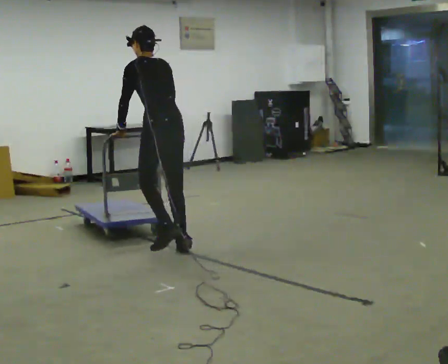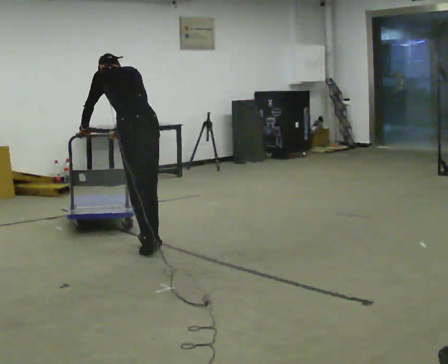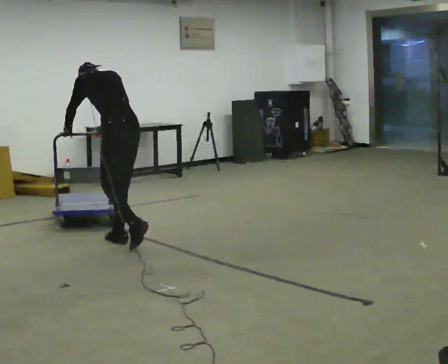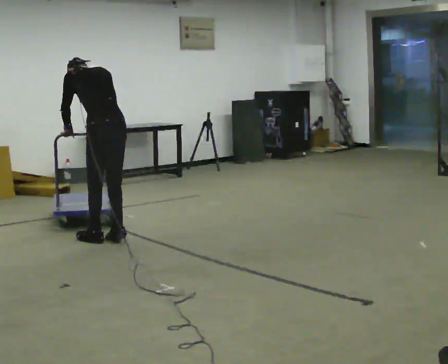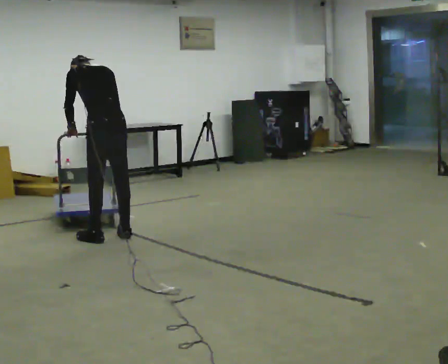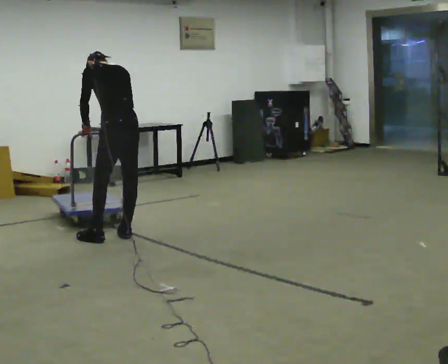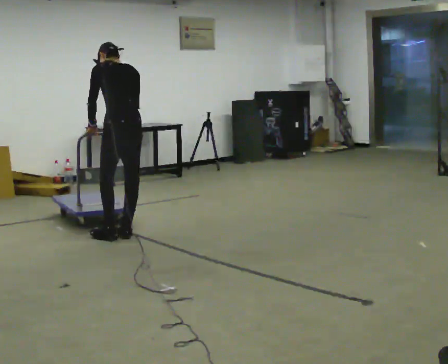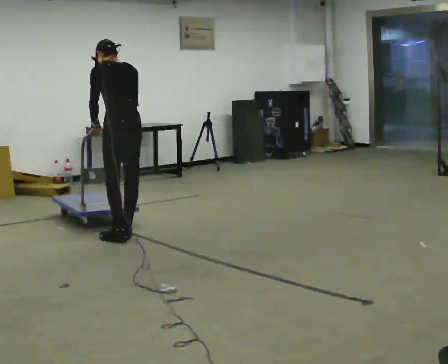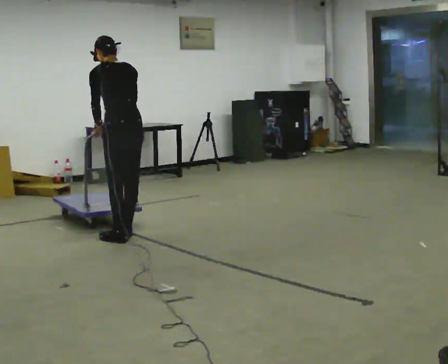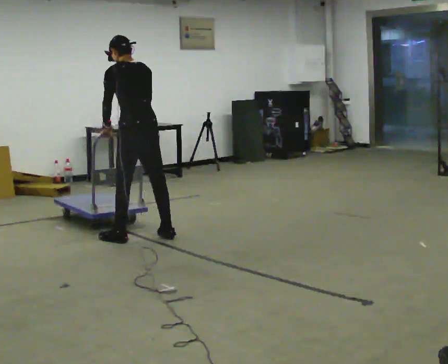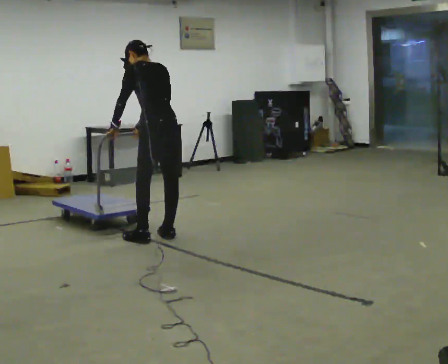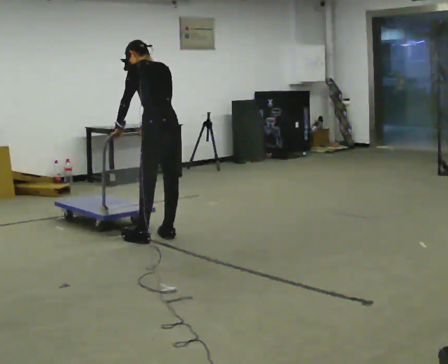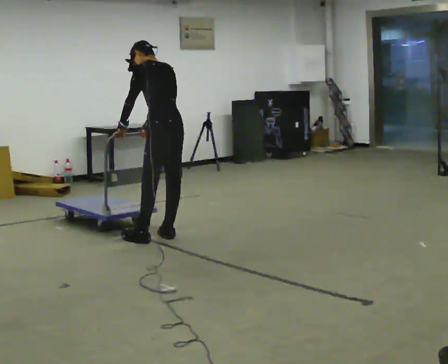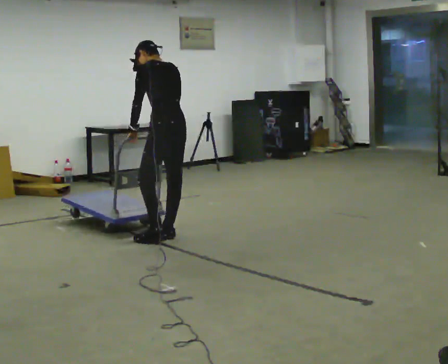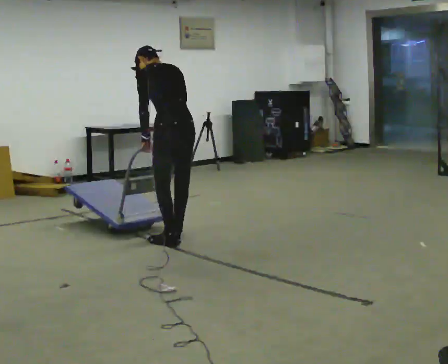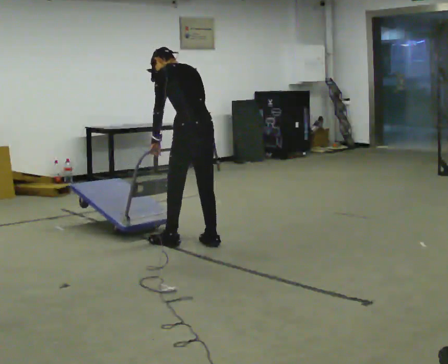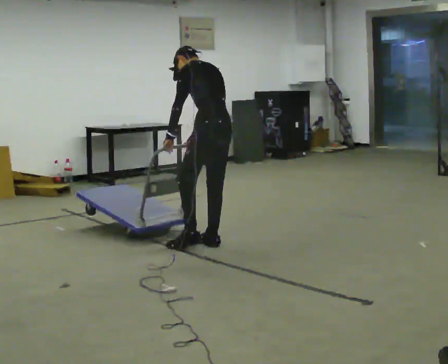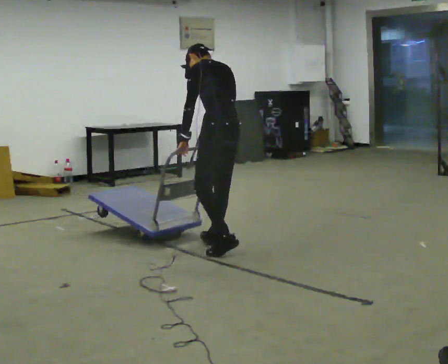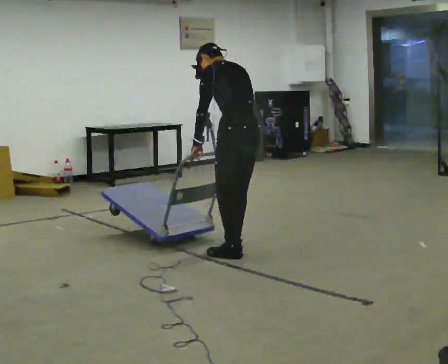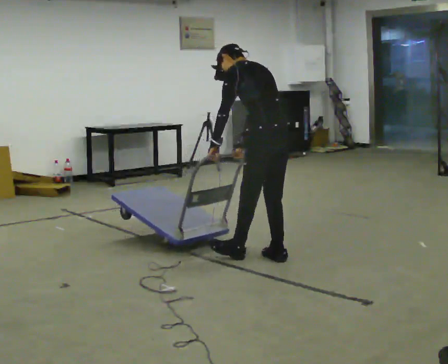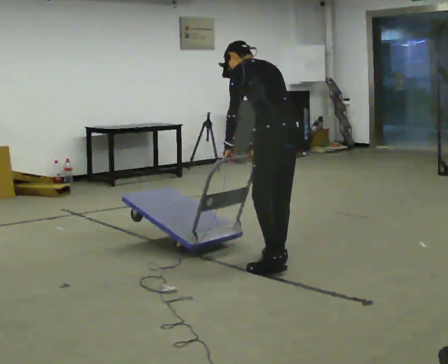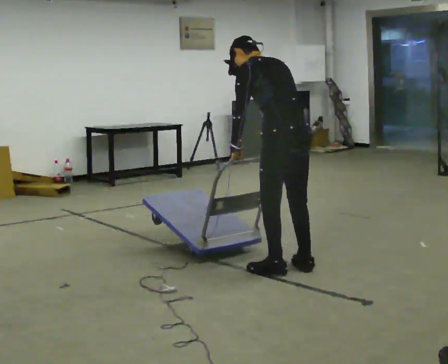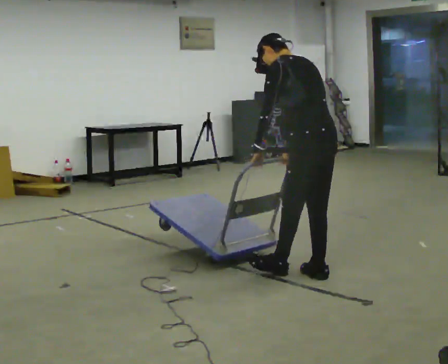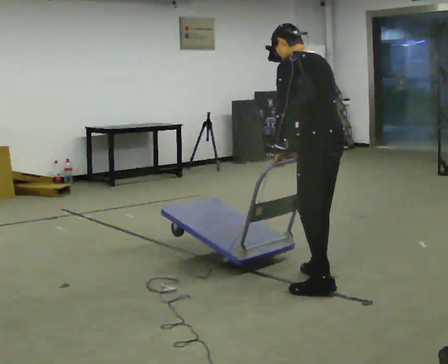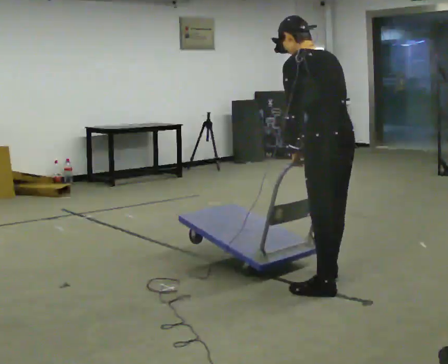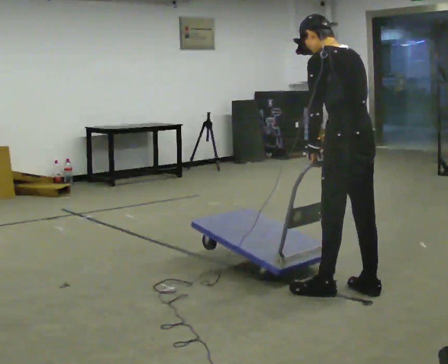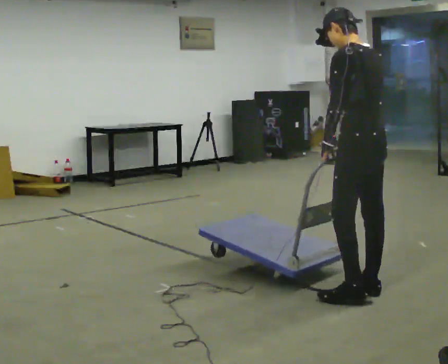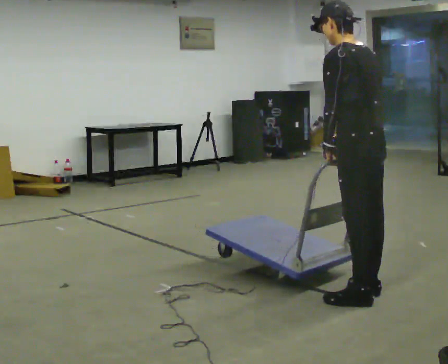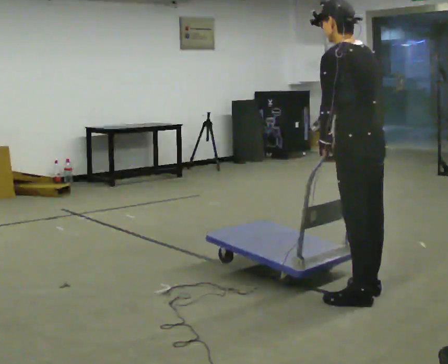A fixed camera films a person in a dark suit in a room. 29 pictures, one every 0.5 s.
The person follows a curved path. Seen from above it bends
clockwise.
0.0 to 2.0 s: In the picture they go to the left and away from the camera, about 0.5 m in 4 steps, which for them is forward.
2.0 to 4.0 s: The person moves a little, or ends about where they began.
4.0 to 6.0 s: In the picture they go to the right, about 0.25 m in 2 steps, which for them is to their right and backward.
6.0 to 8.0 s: In the picture they go to the right and toward the camera, about 0.5 m in 2 steps, which for them is backward.
8.0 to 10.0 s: In the picture they go toward the camera and to the right, about 0.5 m in 3 steps, which for them is backward.
10.0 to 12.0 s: In the picture they go toward the camera, about 0.75 m in 2 steps, which for them is backward and to their left.
12.0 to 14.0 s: In the picture they go to the right, about 0.25 m in 2 steps, which for them is backward.
The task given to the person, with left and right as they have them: Get the cart into the marked parking space and lined up with the tape. Take as many adjustments as you need. Then take it out again and repeat.
The film runs forward here.
